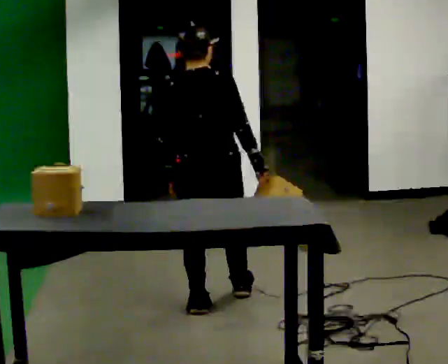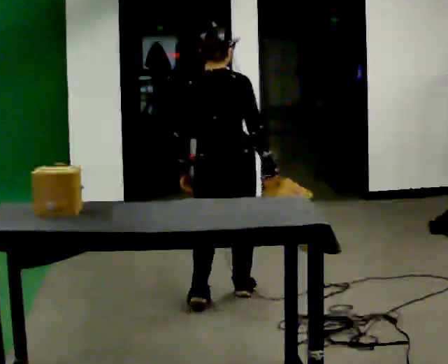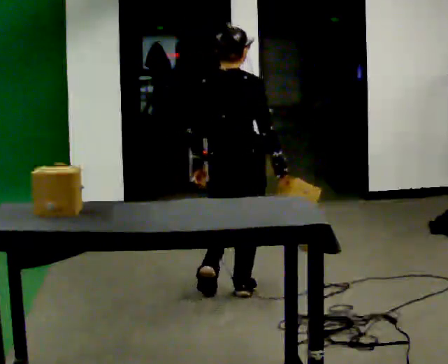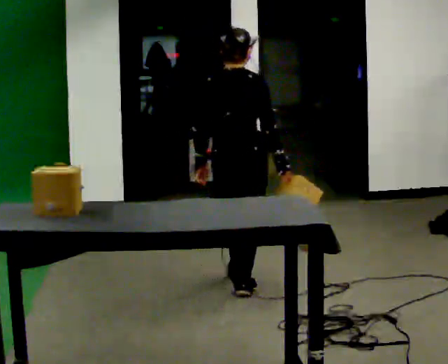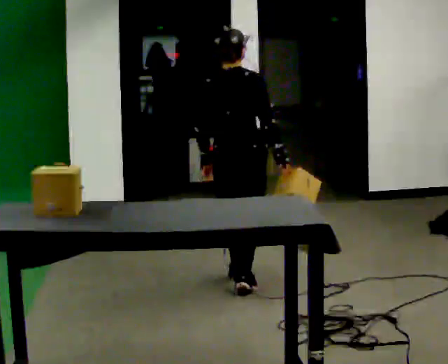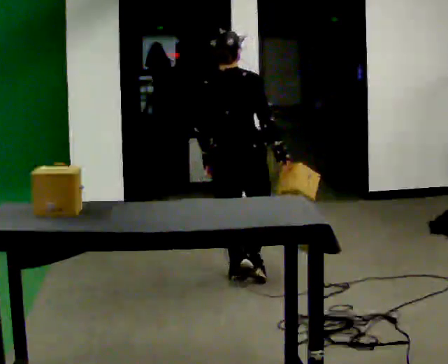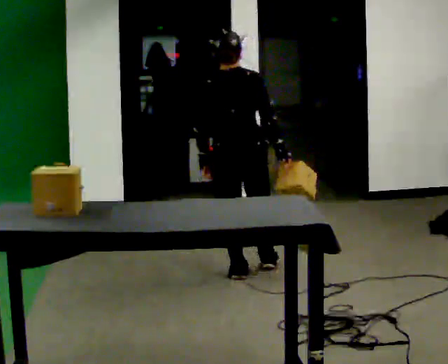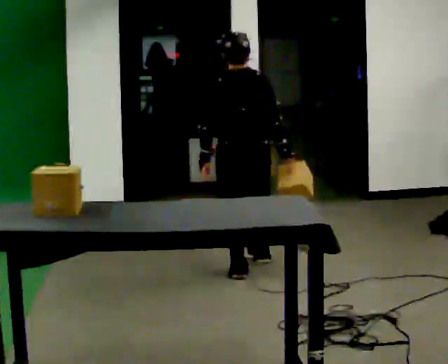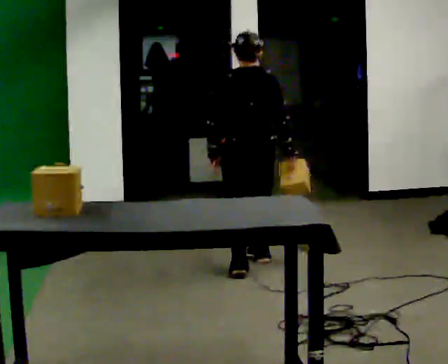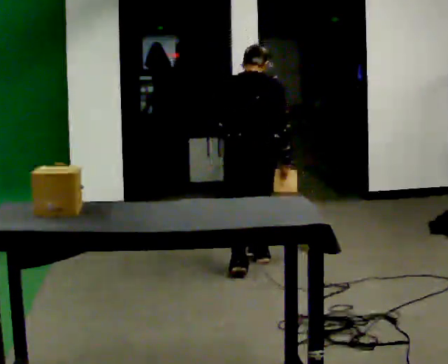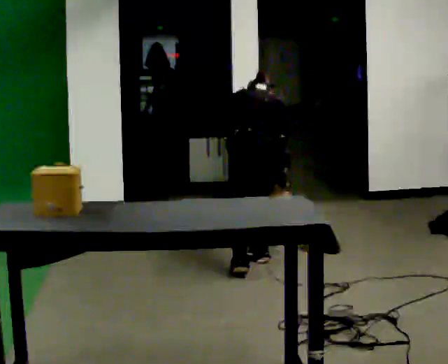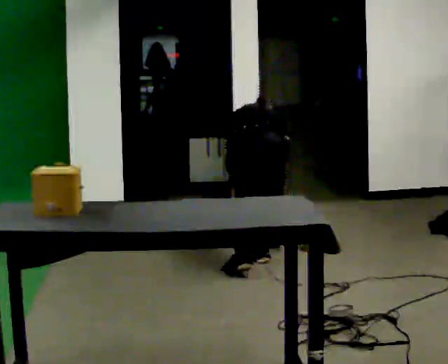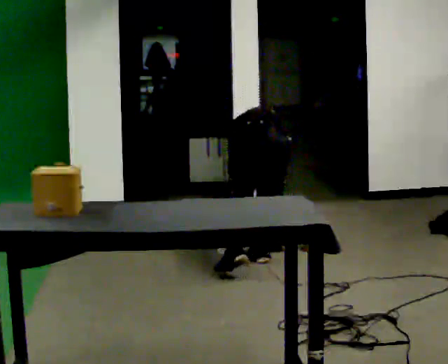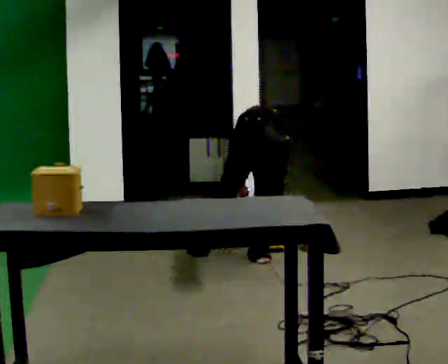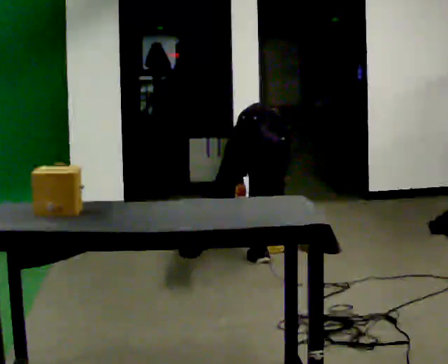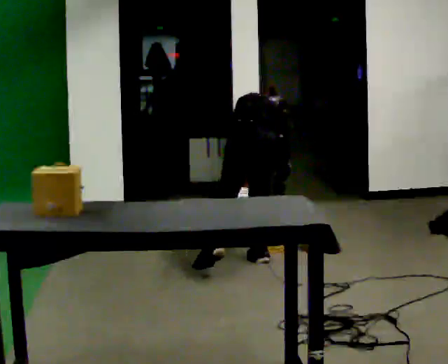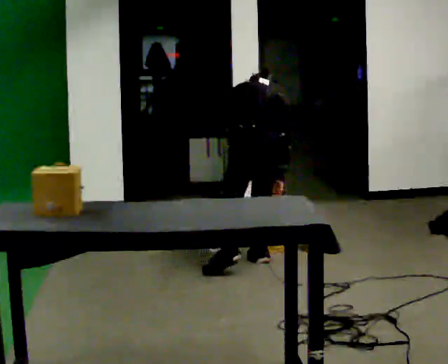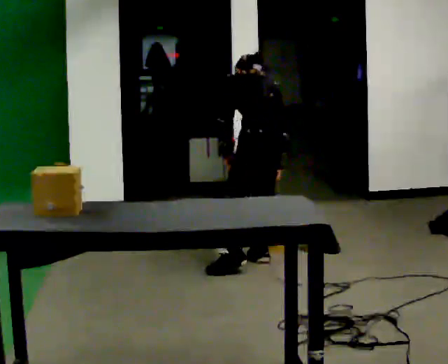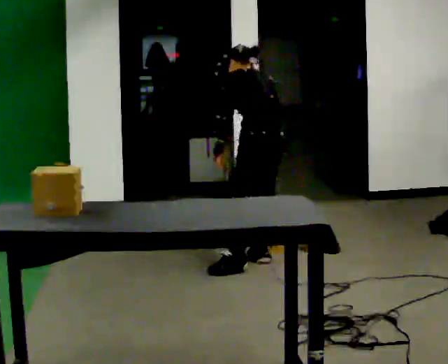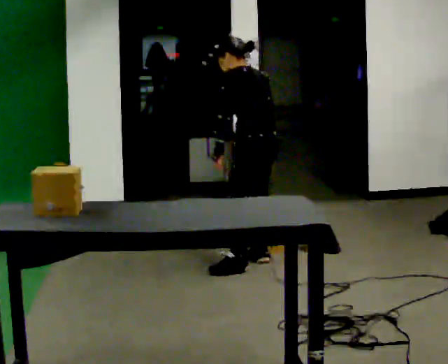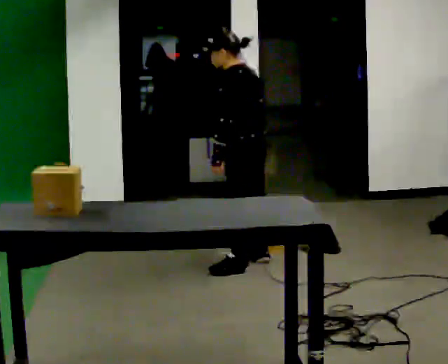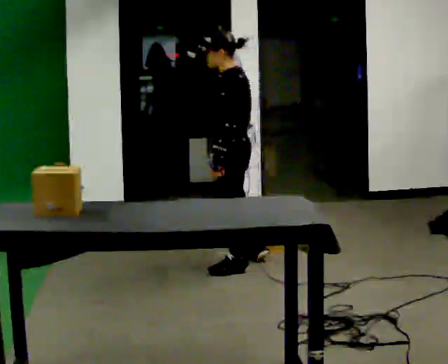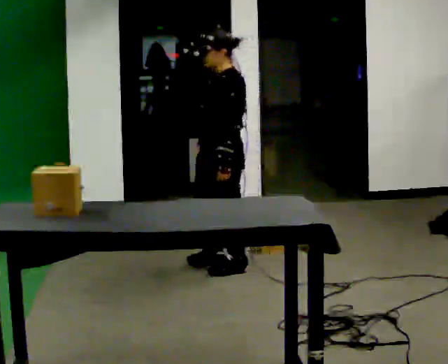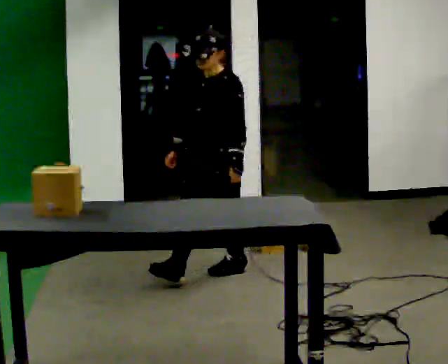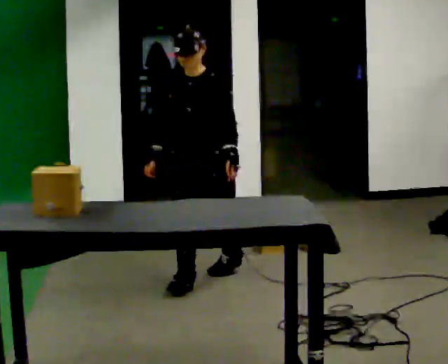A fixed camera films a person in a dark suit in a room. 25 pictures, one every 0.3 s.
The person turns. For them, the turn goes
to their left.
The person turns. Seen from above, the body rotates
counterclockwise.
0.0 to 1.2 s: In the picture they go away from the camera, about 0.5 m in 2 steps, which for them is forward.
1.2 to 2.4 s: Seen from above the body turns counterclockwise, about 30 degrees: to their left, with its near side sliding to the right. In the picture they go away from the camera, about 0.25 m in 1 step, which for them is forward.
2.4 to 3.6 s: The shoulders move downward. The upper body tips away from the camera, its near side rolling upward, as they bend forward. In the picture their right hand goes downward.
3.6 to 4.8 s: The upper body goes upward. The upper body tips toward the camera, its near side rolling downward, as they lean back or straighten.
4.8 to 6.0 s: The person turns about 45 degrees to their left, counterclockwise seen from above, so the part of the body nearest the lens slides to the right. The upper body tips toward the camera, its near side rolling downward, as they lean back or straighten.
6.0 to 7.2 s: The part of the body nearest the lens slides to the right as the person turns to their left by about 105 degrees. In the picture they go toward the camera and to the left, about 0.5 m in 1 step.
The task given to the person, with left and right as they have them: Take an object off the waist-height shelf, carry it across the room, and set it down on the floor. Keep going until the operator says stop; one object at a time, and do not rush between trips.
The film runs forward here.
